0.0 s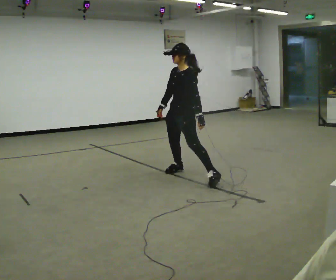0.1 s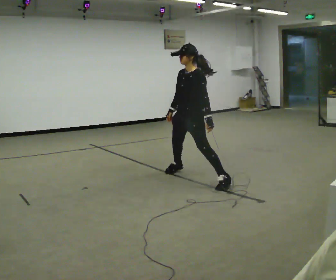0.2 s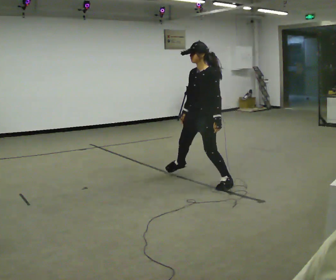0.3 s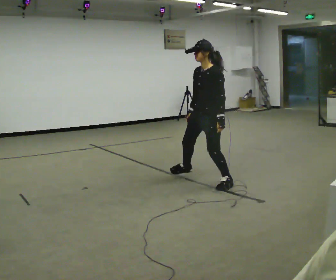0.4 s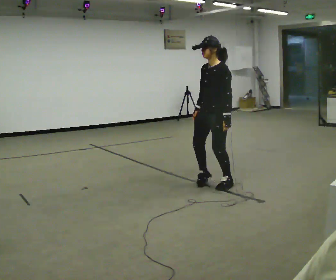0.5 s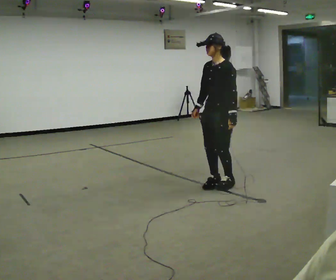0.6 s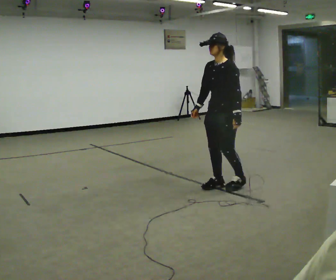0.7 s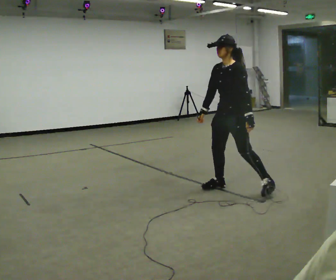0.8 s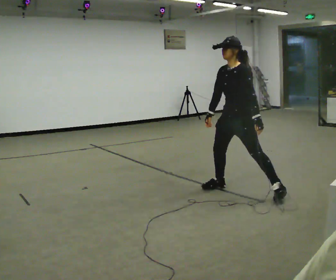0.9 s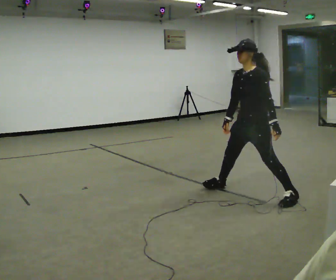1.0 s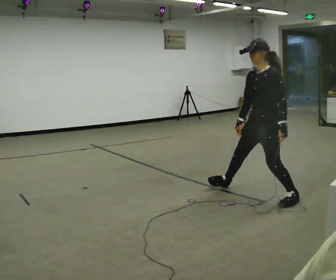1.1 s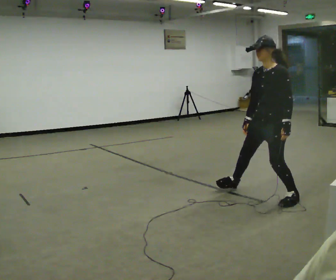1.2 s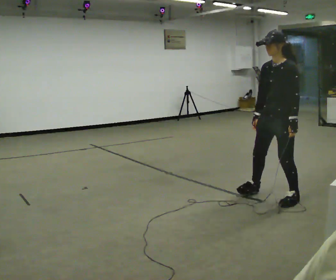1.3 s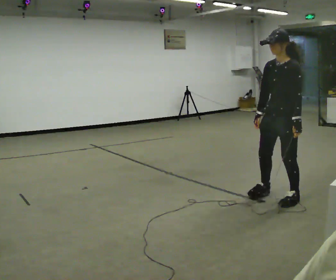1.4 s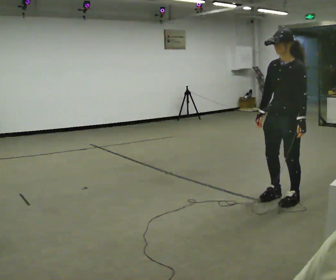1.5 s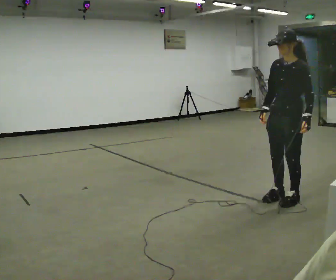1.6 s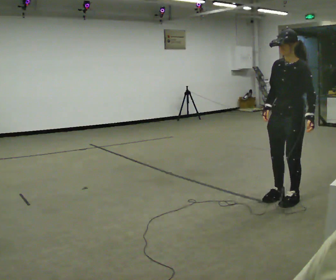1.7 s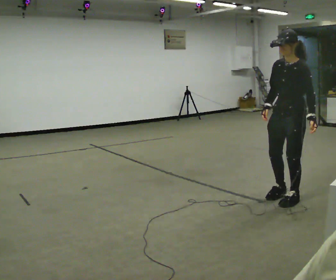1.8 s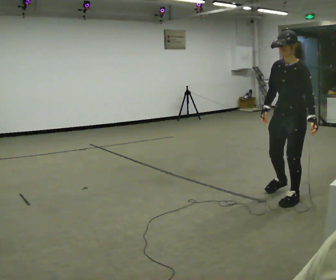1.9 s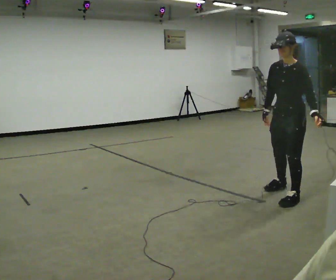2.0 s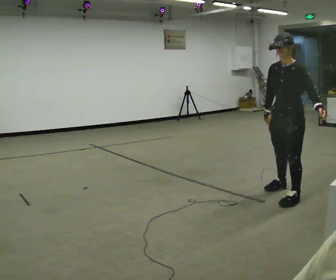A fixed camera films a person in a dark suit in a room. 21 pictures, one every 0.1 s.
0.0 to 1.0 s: In the picture they go to the right and toward the camera, about 1 m in 3 steps, which for them is to their left.
1.0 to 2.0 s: In the picture they go to the right, about 0.25 m in 1 step, which for them is to their left and backward.
The film runs backward here.
